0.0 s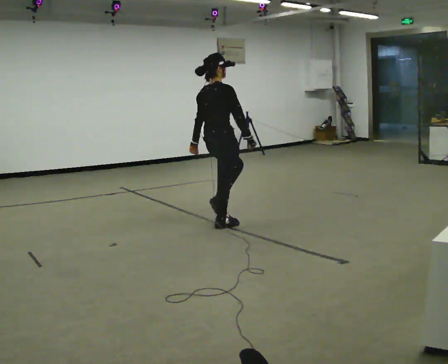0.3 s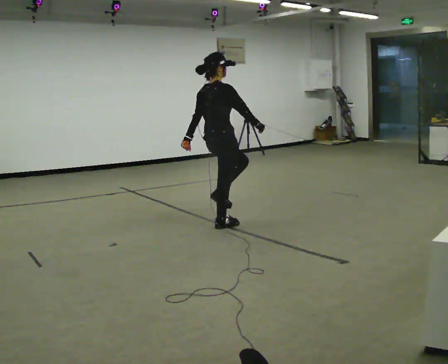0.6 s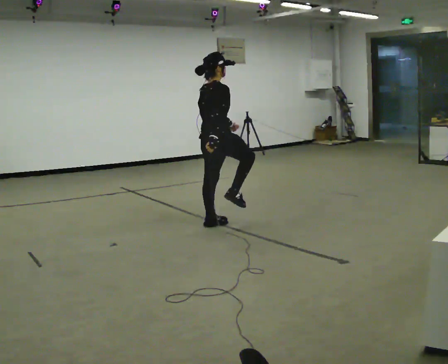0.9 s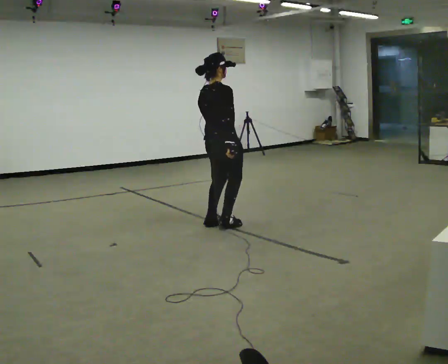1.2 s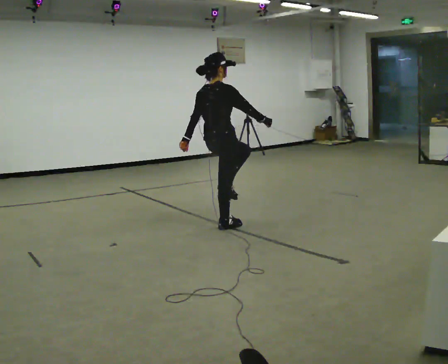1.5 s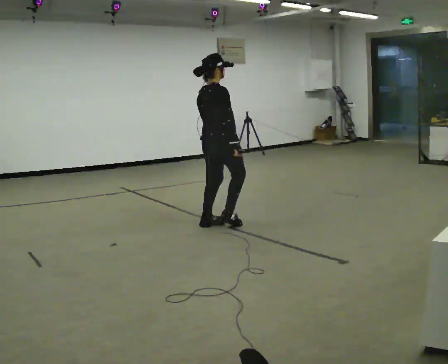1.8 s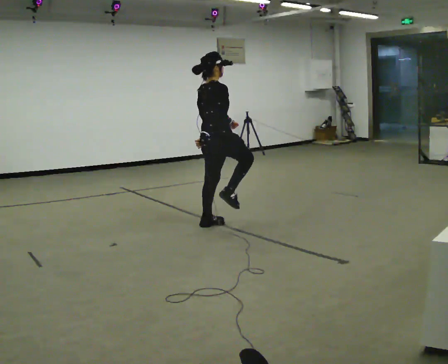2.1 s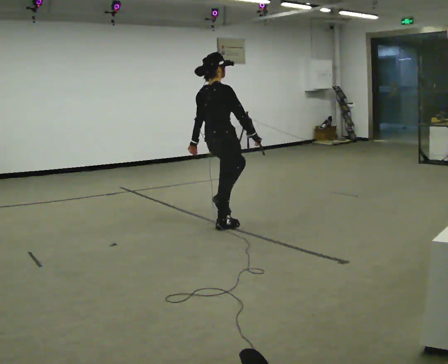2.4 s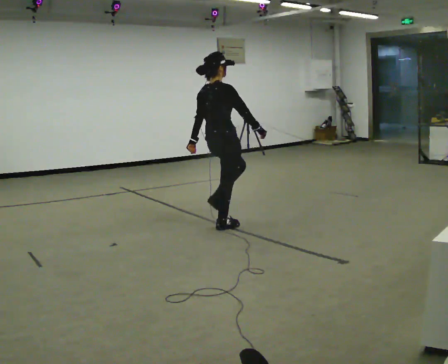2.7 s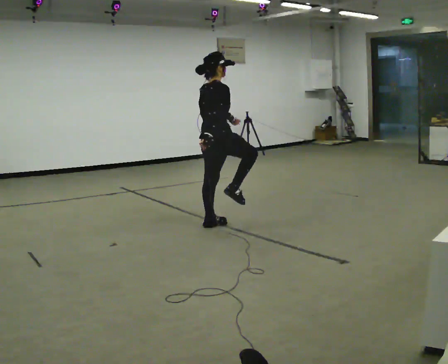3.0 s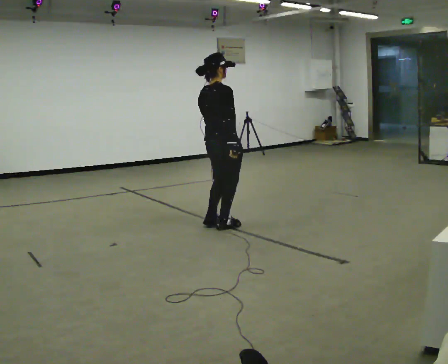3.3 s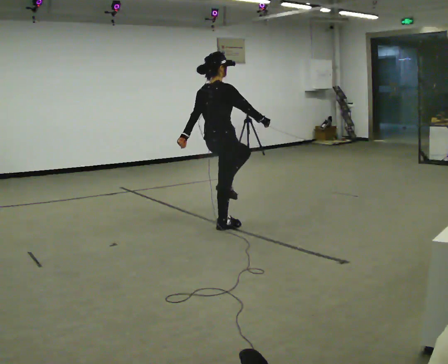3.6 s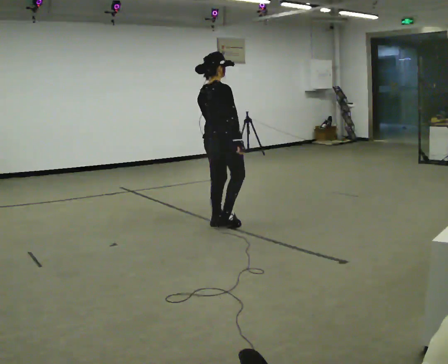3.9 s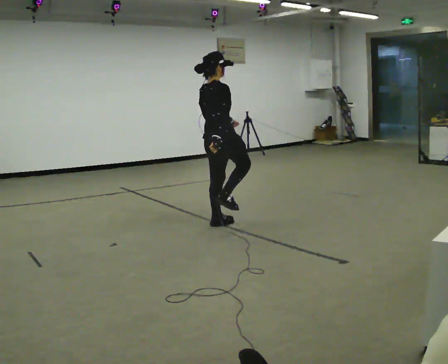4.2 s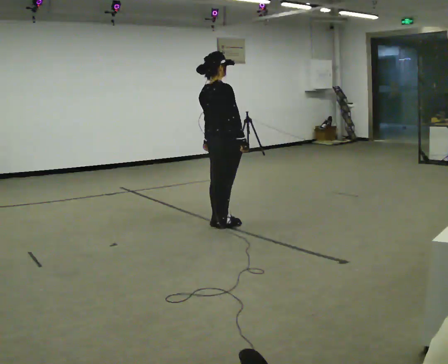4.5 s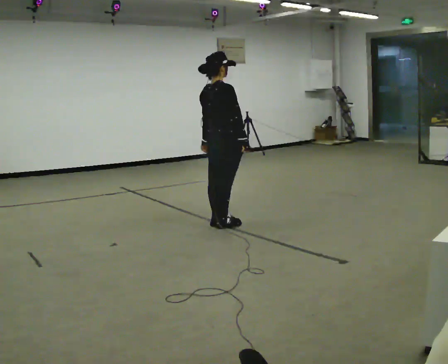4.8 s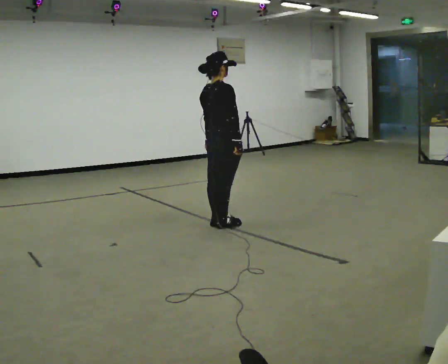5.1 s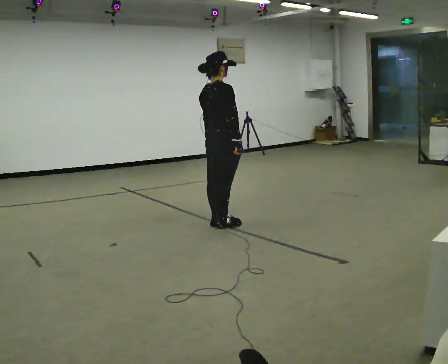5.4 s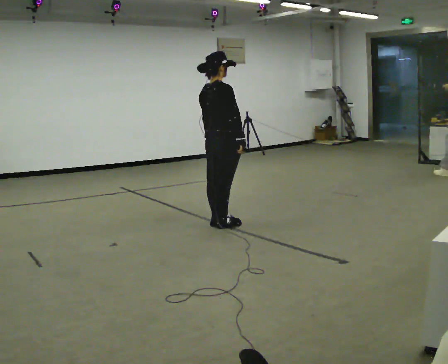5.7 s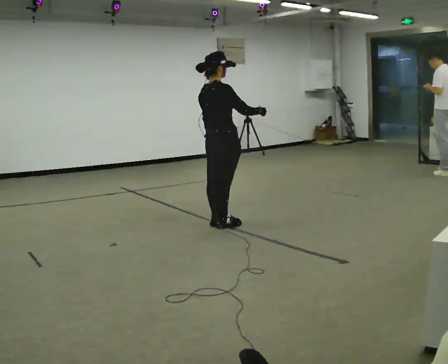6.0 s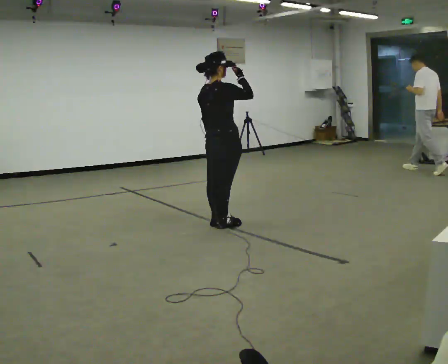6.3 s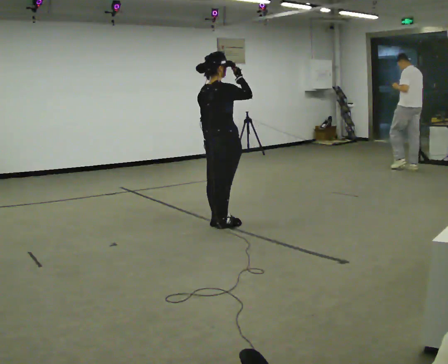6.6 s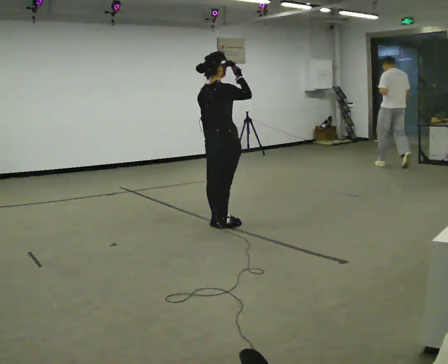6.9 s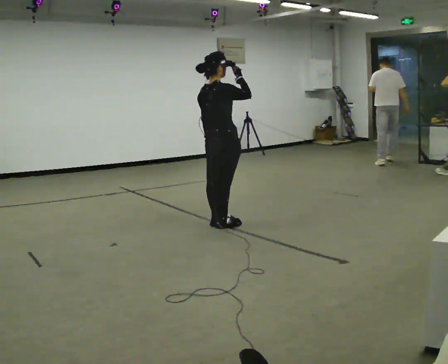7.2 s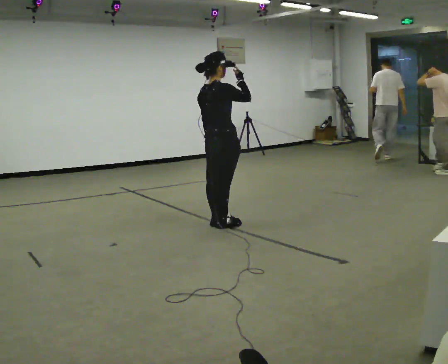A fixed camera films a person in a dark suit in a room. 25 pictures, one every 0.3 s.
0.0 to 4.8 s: The person moves a little, or ends about where they began.
4.8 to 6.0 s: In the picture their right hand goes upward.
6.0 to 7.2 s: The person moves a little, or ends about where they began.
The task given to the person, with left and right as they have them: March in place at a comfortable rhythm without moving forward; stop.
The film runs forward here.
